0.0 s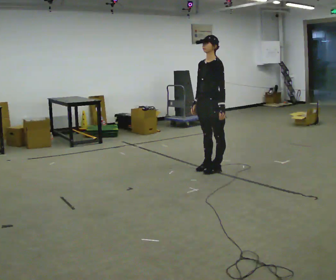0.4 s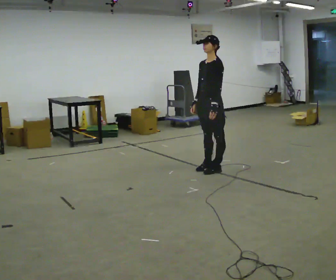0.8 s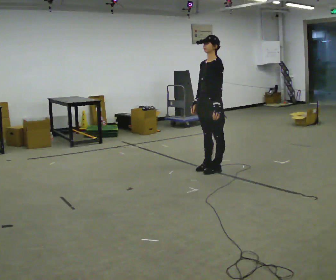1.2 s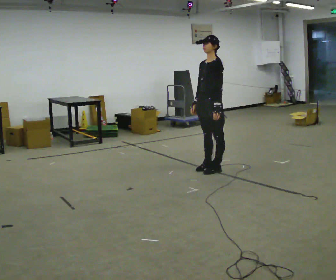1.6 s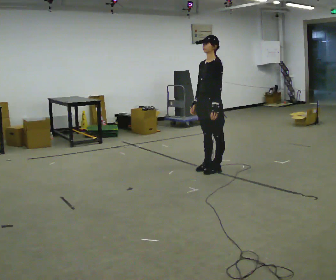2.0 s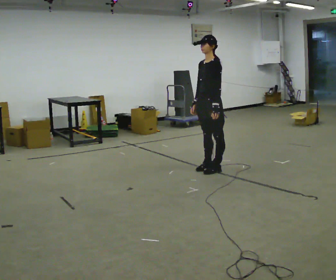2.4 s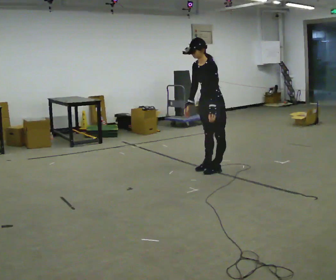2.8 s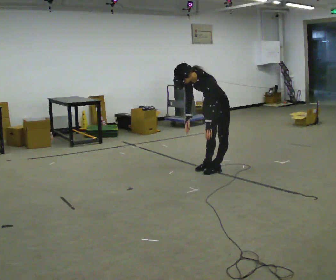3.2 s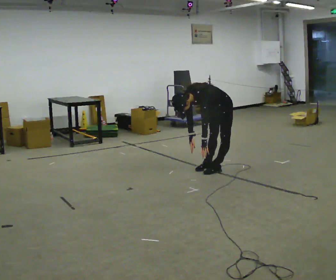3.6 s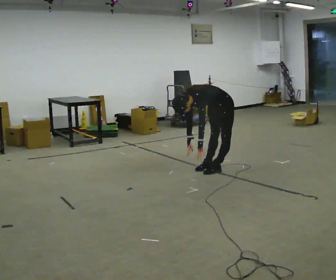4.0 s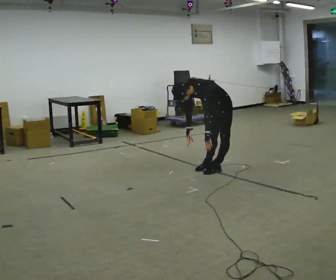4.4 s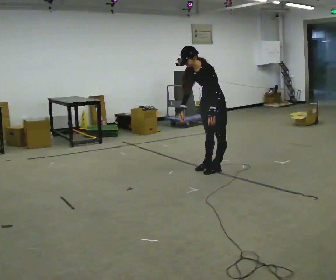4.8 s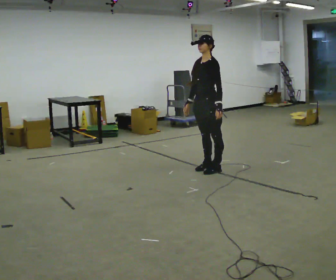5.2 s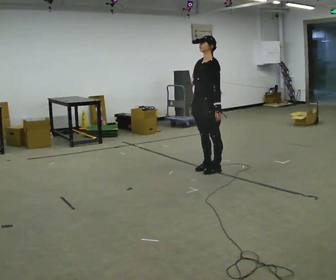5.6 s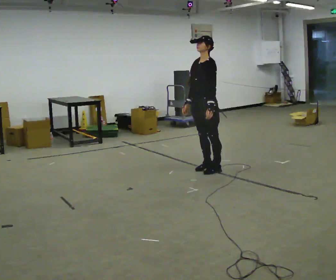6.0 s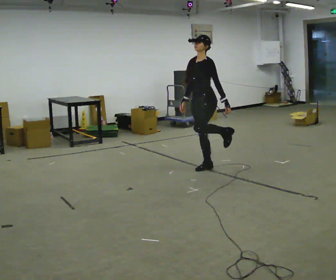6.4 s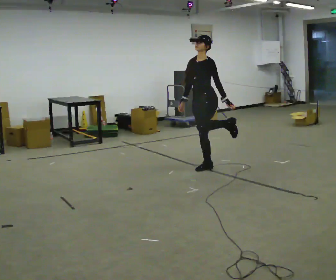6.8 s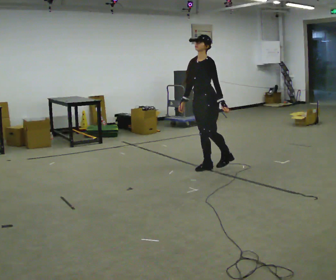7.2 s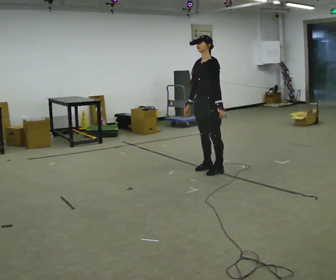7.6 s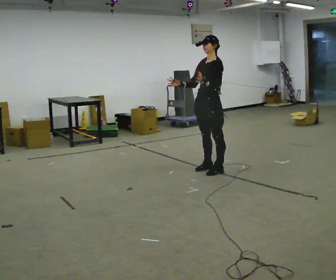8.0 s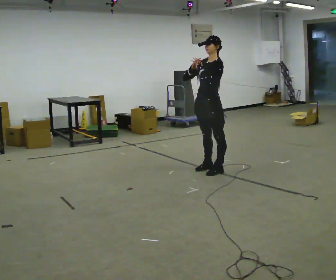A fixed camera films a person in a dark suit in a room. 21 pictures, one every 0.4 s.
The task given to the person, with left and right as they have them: Work through the stretches in order, holding each one briefly: touch your toes, pull each heel up behind you, stretch each arm across your chest, and stretch each calf. Stay in one place throughout.
0.0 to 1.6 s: The person moves a little, or ends about where they began.
1.6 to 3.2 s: The upper body goes downward. In the picture the upper body tilts counterclockwise, shoulders to the left, as they bend forward. In the picture their left hand goes downward.
3.2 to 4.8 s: In the picture they go to the left, about 0.25 m, which for them is forward. The upper body goes upward. In the picture the upper body tilts clockwise, shoulders to the right, as they lean back or straighten. In the picture their right hand goes upward.
4.8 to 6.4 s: The person moves a little, or ends about where they began.
6.4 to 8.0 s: In the picture their left hand goes upward.
The film runs forward here.
